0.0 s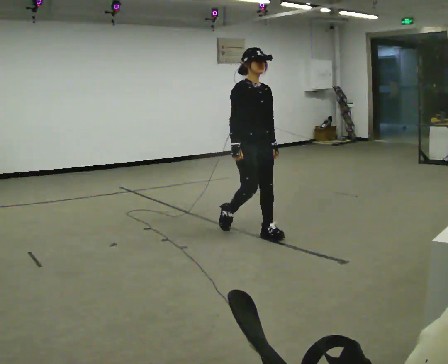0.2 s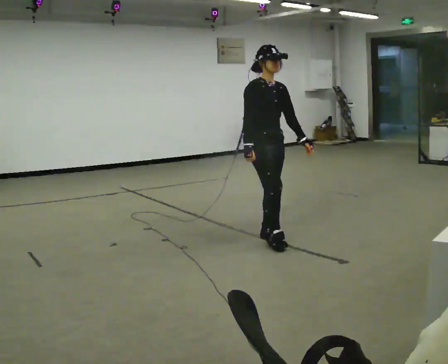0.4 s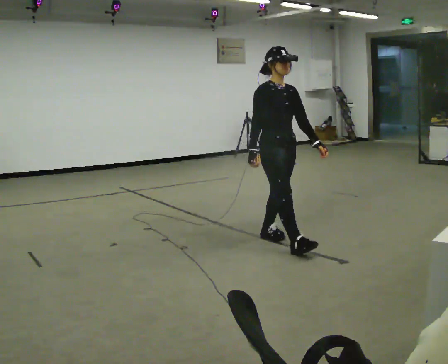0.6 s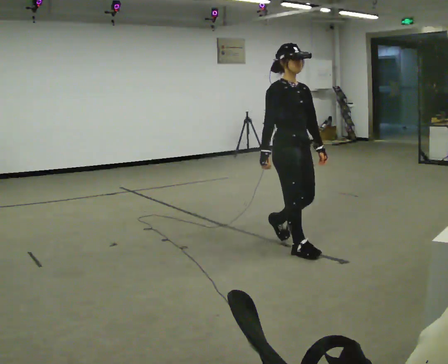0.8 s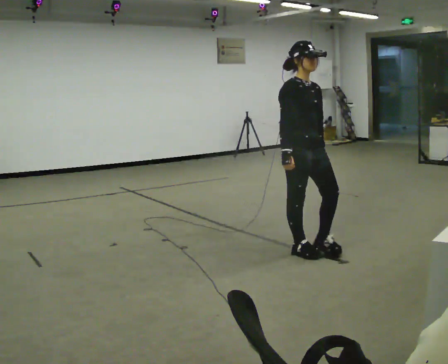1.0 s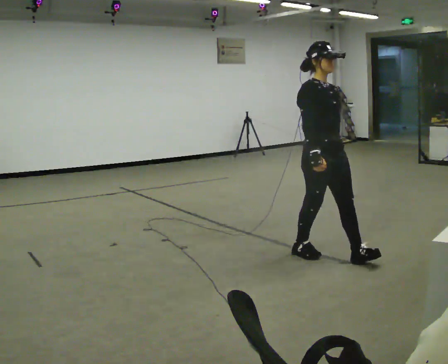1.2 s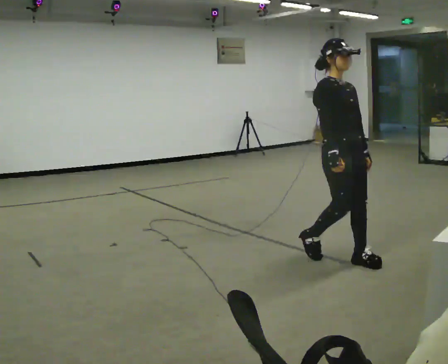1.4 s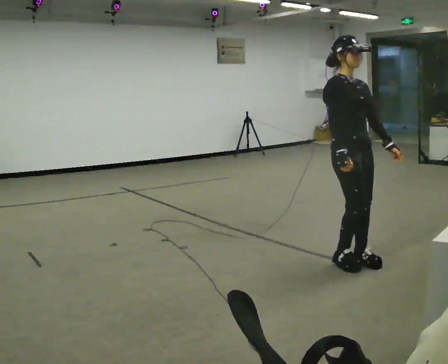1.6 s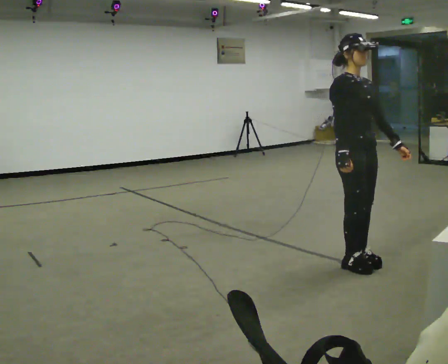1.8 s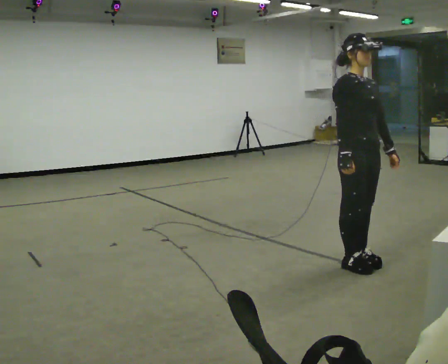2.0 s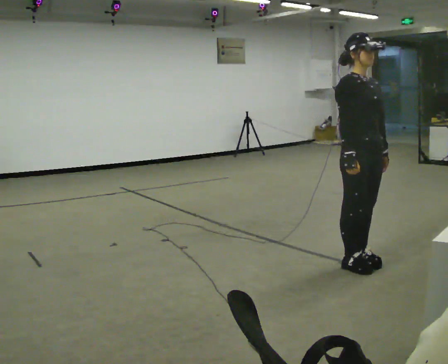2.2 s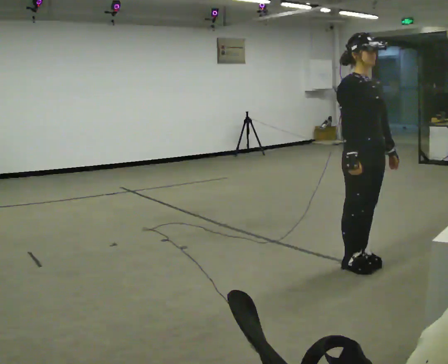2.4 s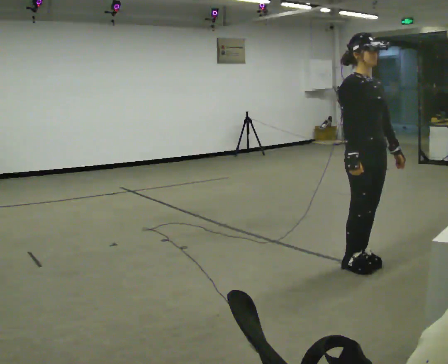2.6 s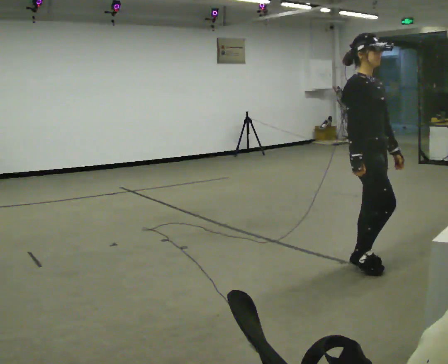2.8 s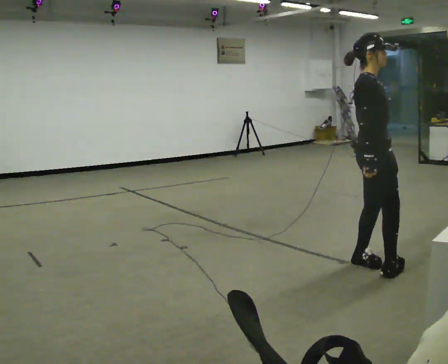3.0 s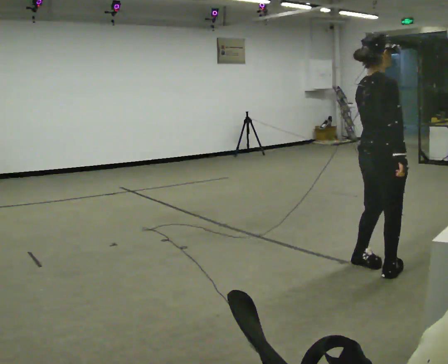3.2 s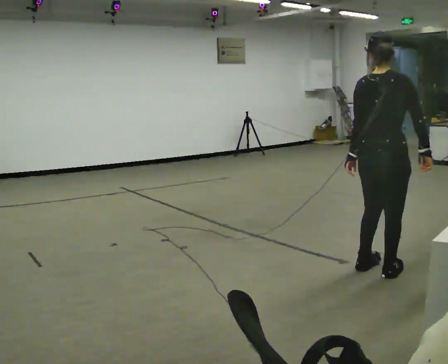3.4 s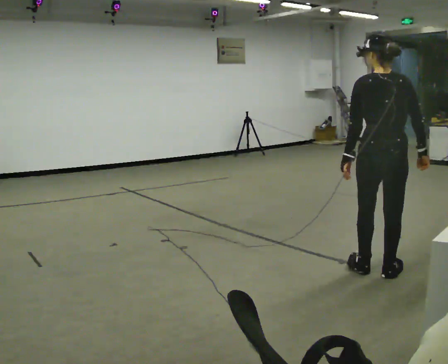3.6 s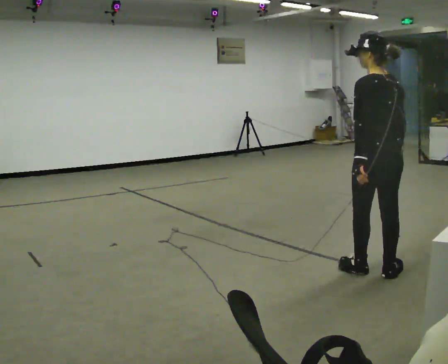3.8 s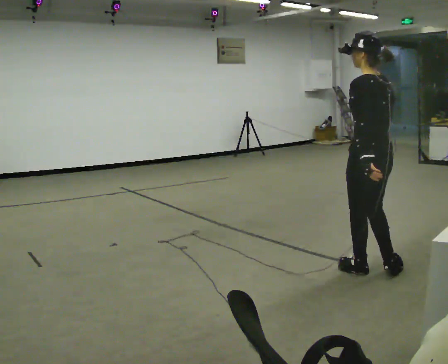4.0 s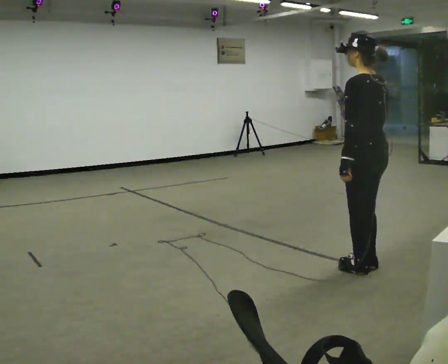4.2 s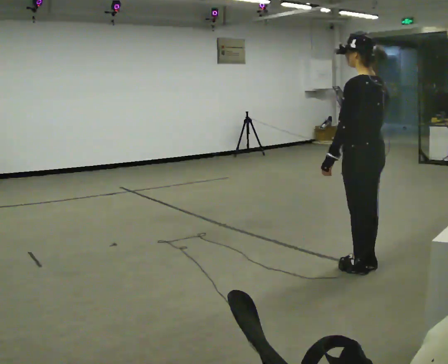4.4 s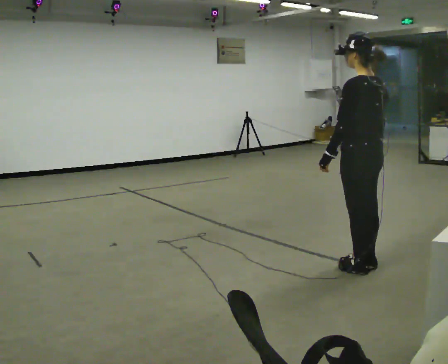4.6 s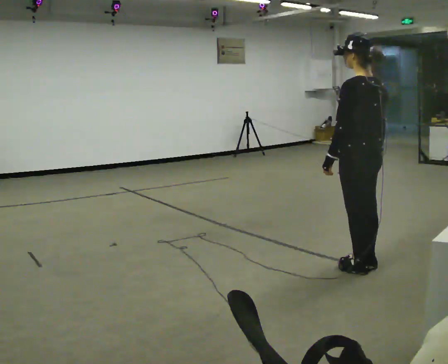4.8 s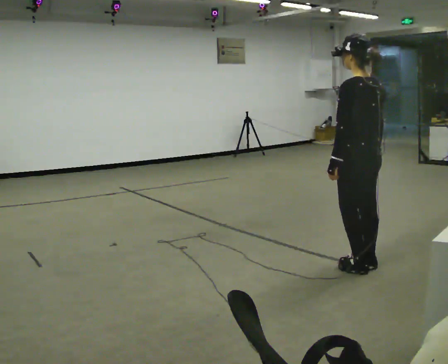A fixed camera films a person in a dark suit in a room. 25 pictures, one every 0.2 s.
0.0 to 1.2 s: In the picture they go to the right and toward the camera, about 1 m in 2 steps, which for them is forward.
1.2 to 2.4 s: In the picture they go to the right, about 0.25 m in 1 step, which for them is forward.
2.4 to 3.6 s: The person turns about 165 degrees to their left, counterclockwise seen from above, so the part of the body nearest the lens slides to the right.
3.6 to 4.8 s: The person moves a little, or ends about where they began.
The film runs forward here.
